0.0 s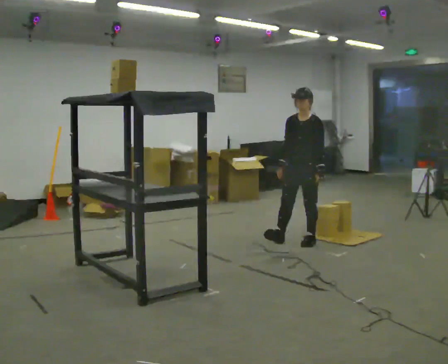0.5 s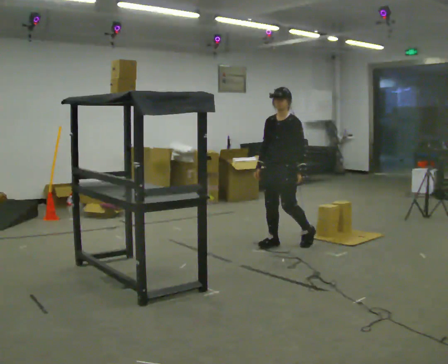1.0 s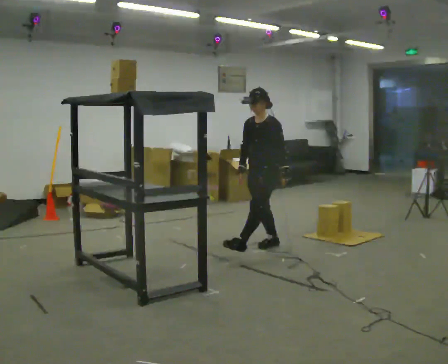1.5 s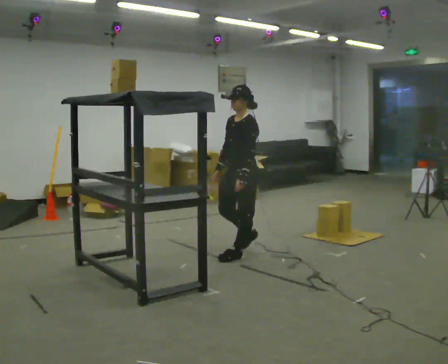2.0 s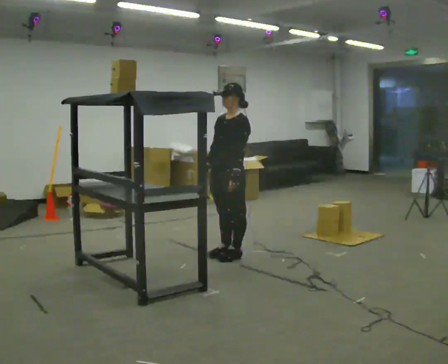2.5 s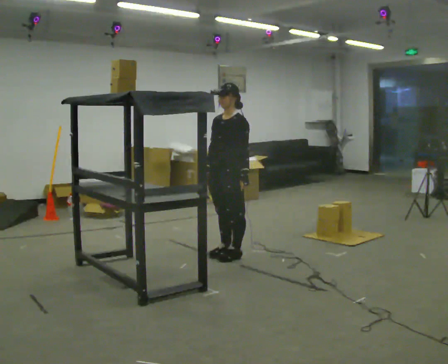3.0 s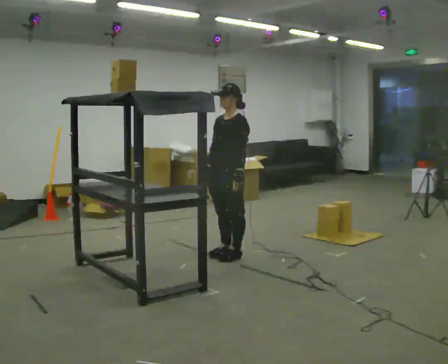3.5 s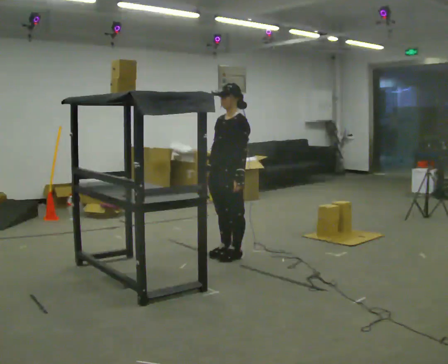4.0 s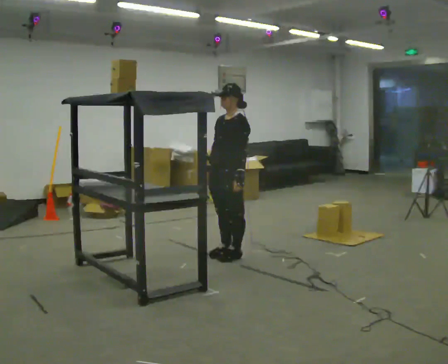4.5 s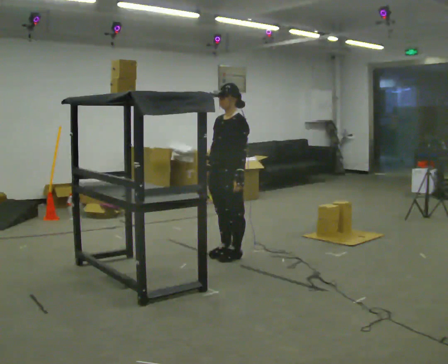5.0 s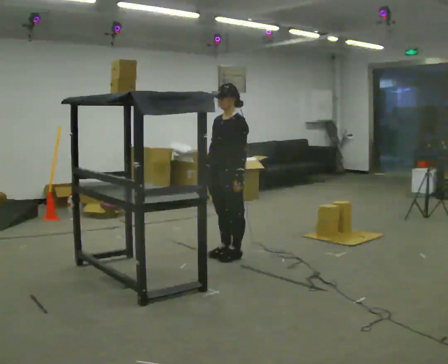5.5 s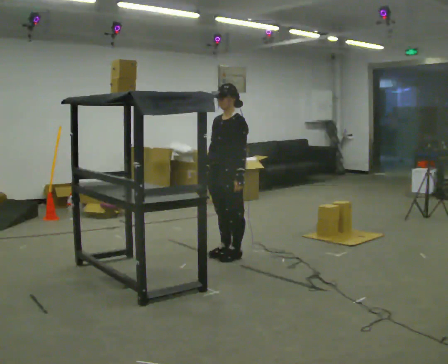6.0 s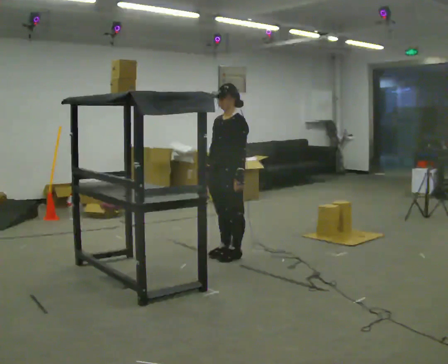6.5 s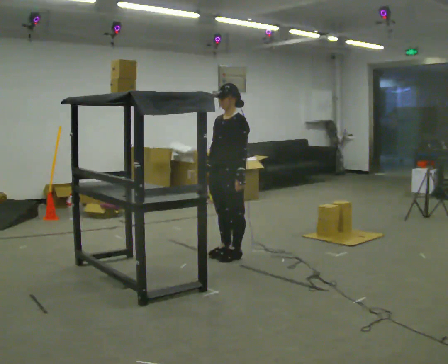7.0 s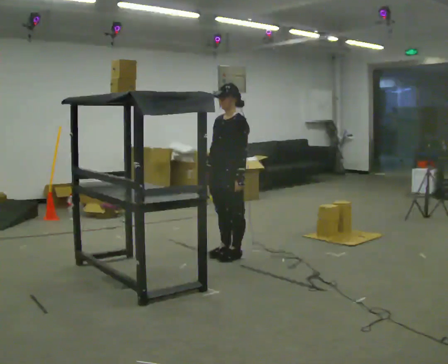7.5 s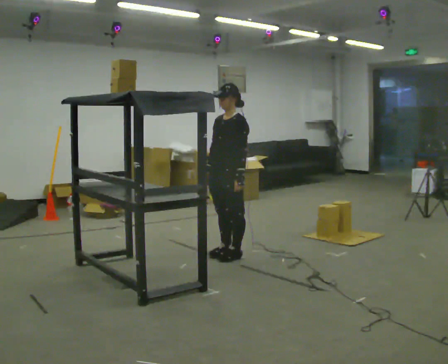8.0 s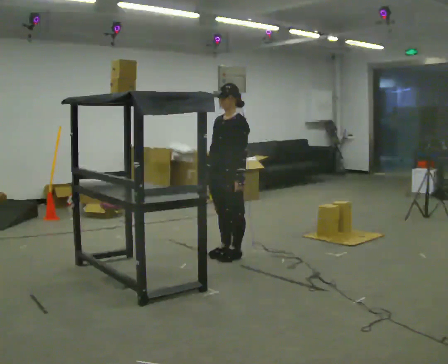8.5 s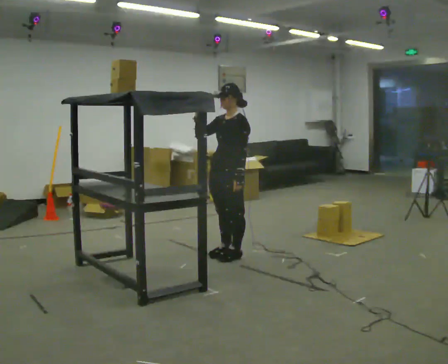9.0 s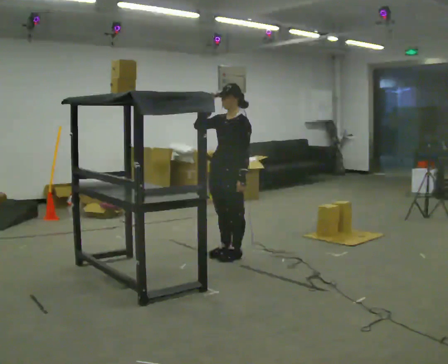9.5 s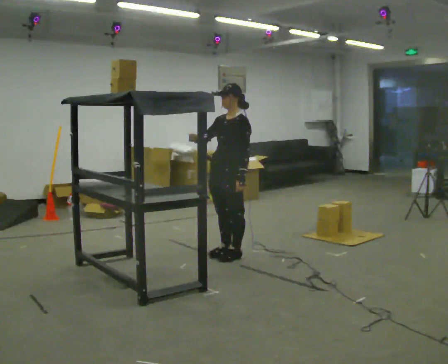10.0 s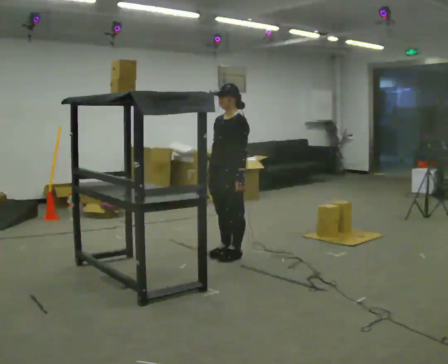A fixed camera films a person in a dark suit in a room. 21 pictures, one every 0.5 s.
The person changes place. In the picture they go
to the left.
0.0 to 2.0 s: In the picture they go to the left and toward the camera, about 1 m in 3 steps, which for them is forward.
2.0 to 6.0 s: The person moves a little, or ends about where they began.
6.0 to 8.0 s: The person keeps their place and pose.
8.0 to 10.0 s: The person moves a little, or ends about where they began.
The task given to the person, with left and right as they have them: Take an object from the highest shelf you can comfortably reach, carry it across, and place it on the lowest shelf. Keep going until the operator says stop; one object at a time, and do not rush between trips.
The film runs forward here.
